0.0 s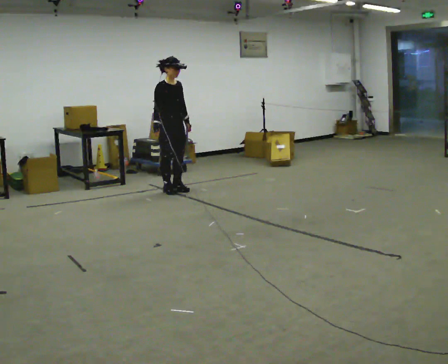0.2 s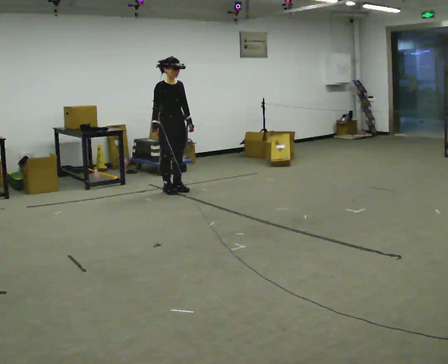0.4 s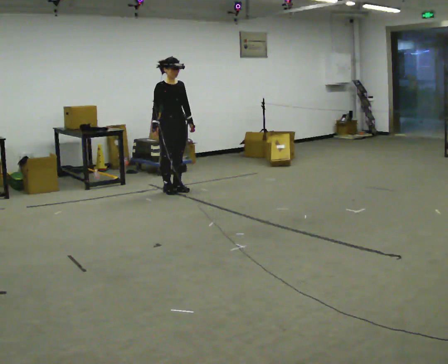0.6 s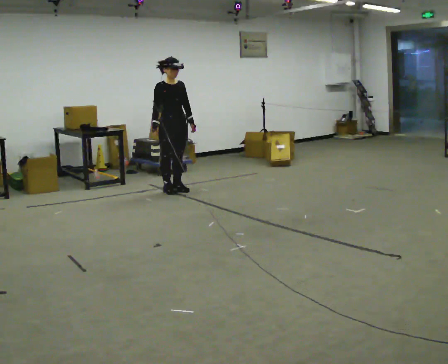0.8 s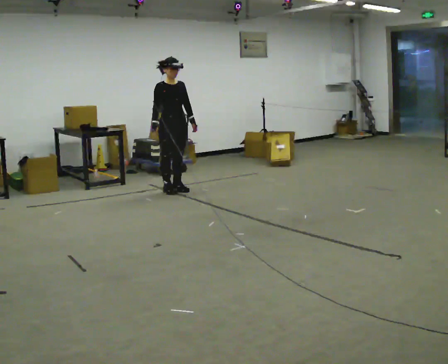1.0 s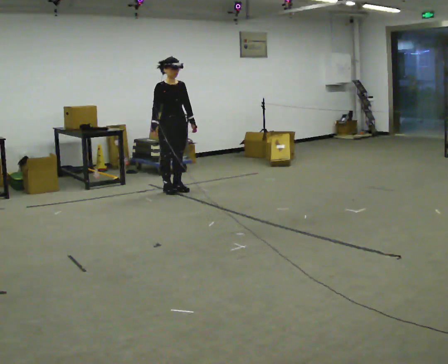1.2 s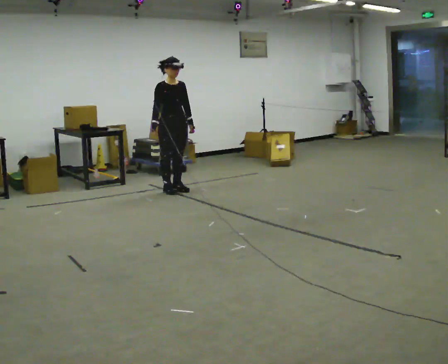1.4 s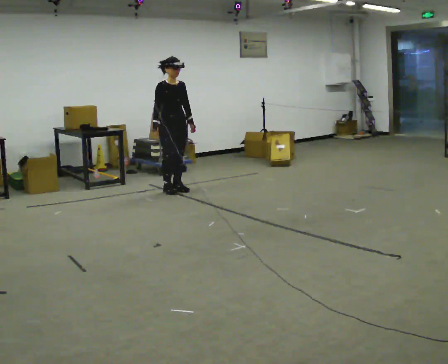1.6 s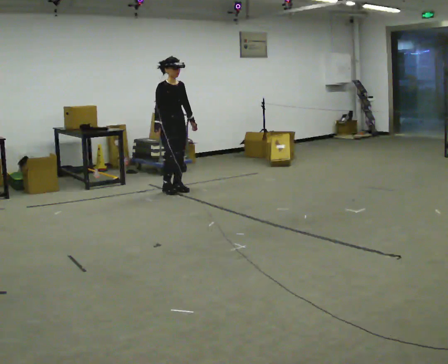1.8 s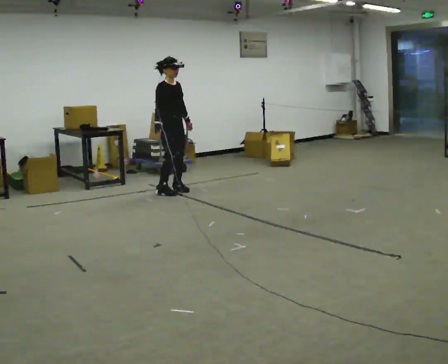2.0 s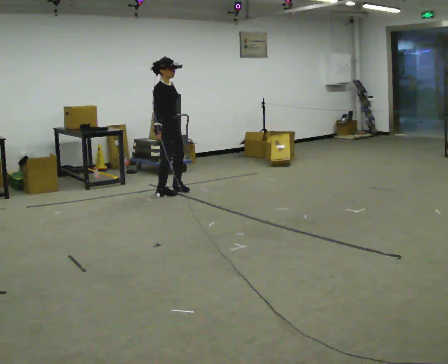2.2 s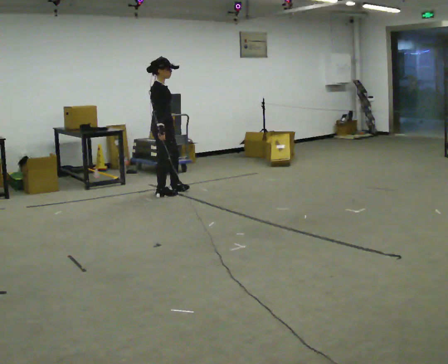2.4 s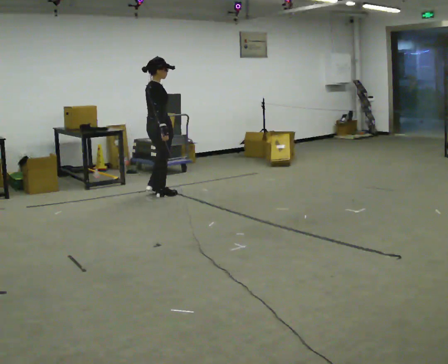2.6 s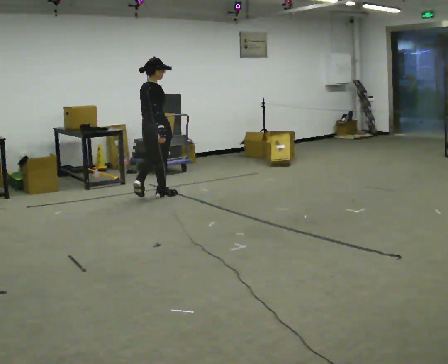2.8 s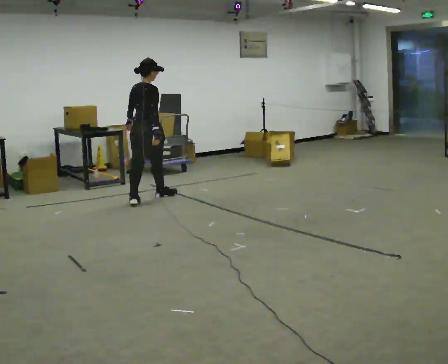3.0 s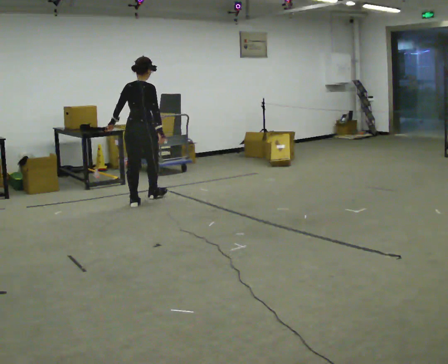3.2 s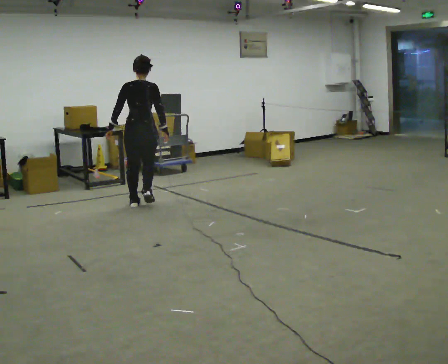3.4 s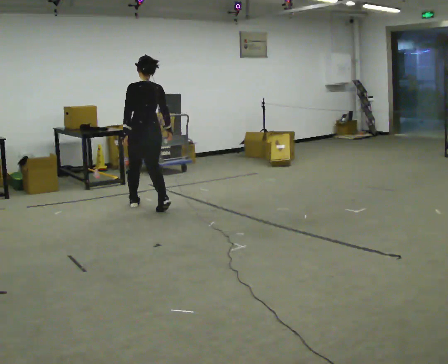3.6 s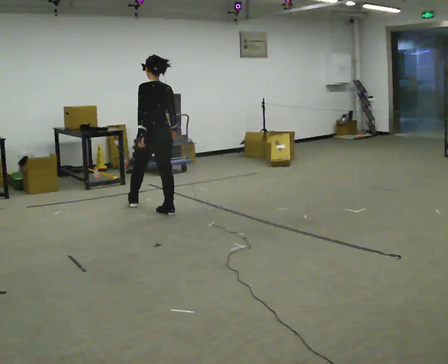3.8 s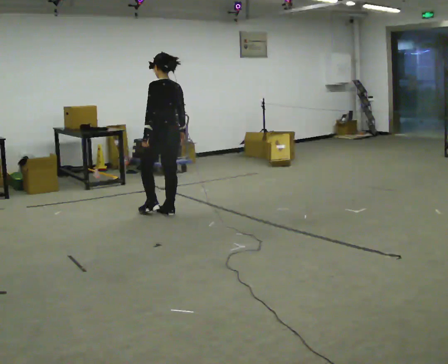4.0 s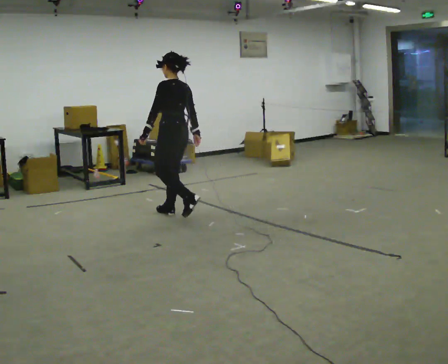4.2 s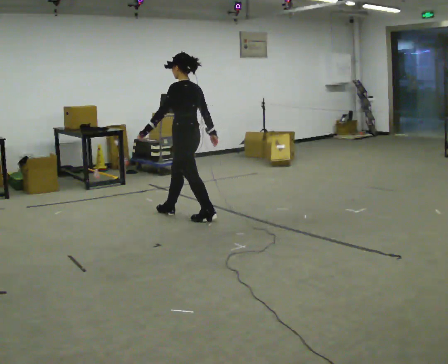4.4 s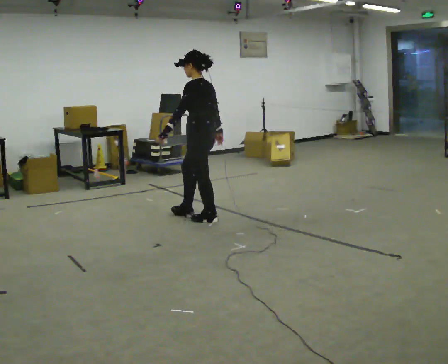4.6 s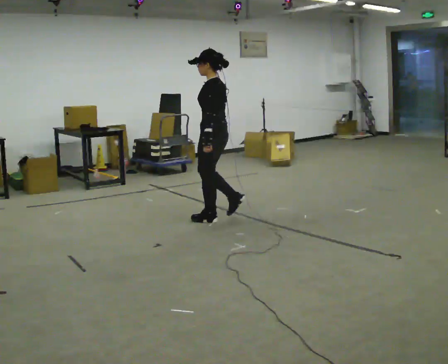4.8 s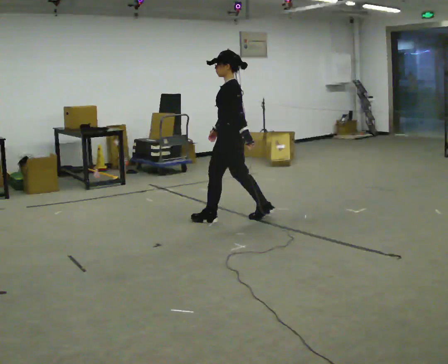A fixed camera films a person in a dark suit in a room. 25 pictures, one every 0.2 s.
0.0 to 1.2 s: The person moves a little, or ends about where they began.
1.2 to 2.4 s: The person turns about 75 degrees to their left, counterclockwise seen from above, so the part of the body nearest the lens slides to the right. In the picture they go toward the camera and to the left, about 0.25 m in 2 steps.
2.4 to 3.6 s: Seen from above the body turns counterclockwise, about 105 degrees: to their left, with its near side sliding to the right. In the picture they go toward the camera, about 0.75 m in 2 steps.
3.6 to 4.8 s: The person turns about 45 degrees to their left, counterclockwise seen from above, so the part of the body nearest the lens slides to the right. In the picture they go to the right and toward the camera, about 1 m in 1 step, which for them is backward.
The film runs backward here.
